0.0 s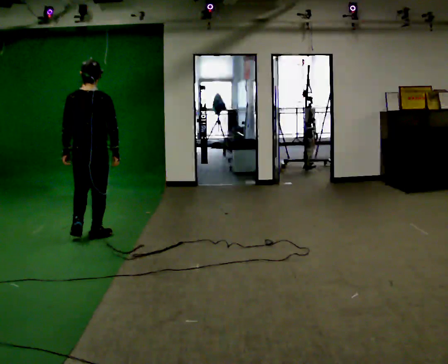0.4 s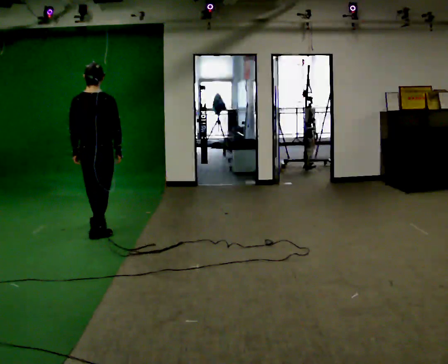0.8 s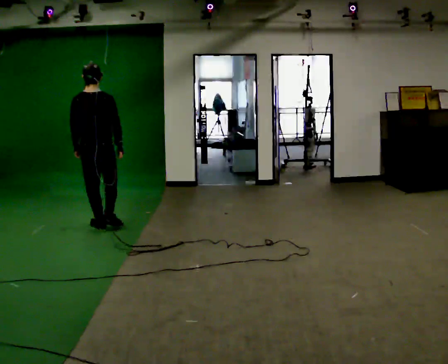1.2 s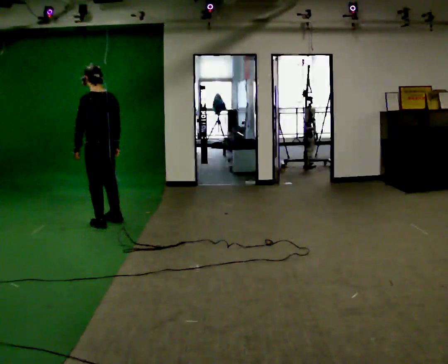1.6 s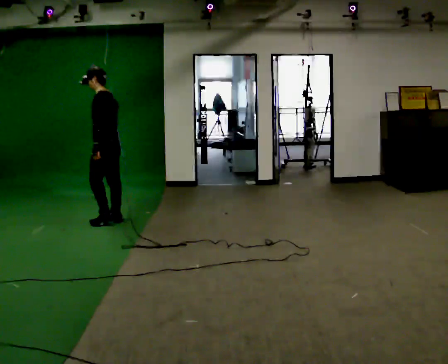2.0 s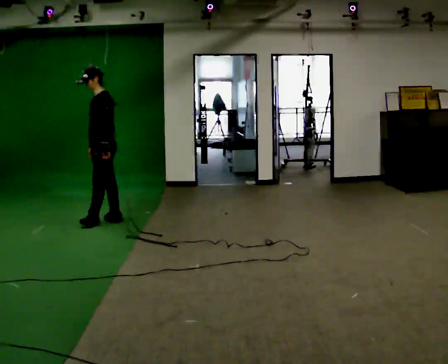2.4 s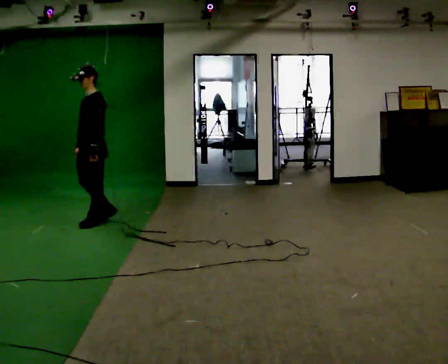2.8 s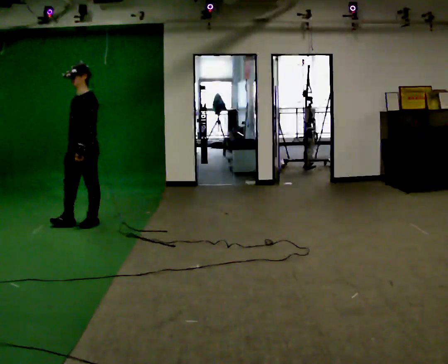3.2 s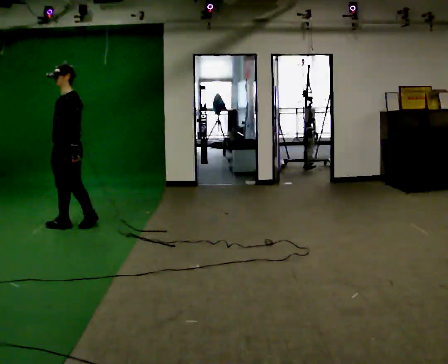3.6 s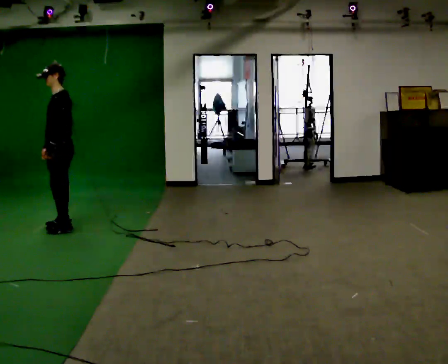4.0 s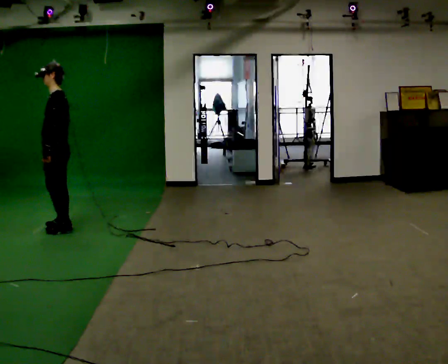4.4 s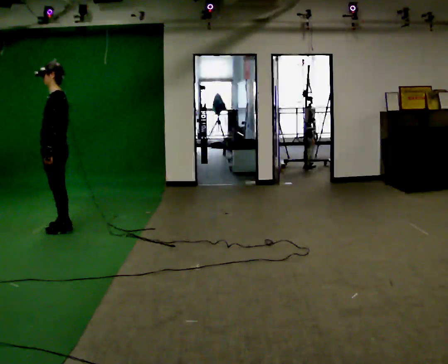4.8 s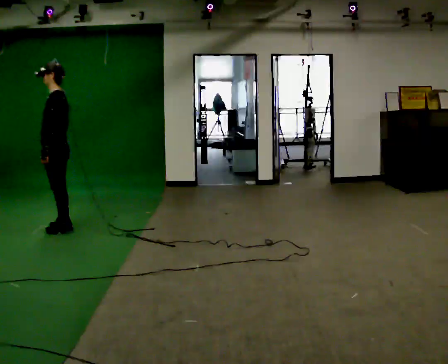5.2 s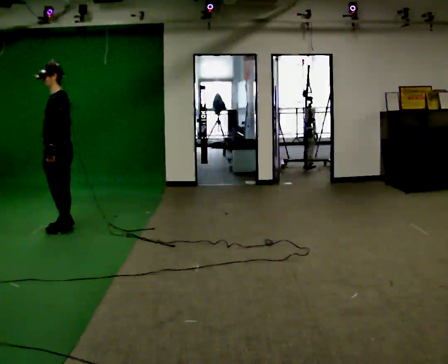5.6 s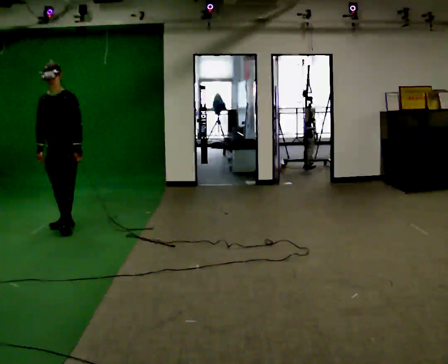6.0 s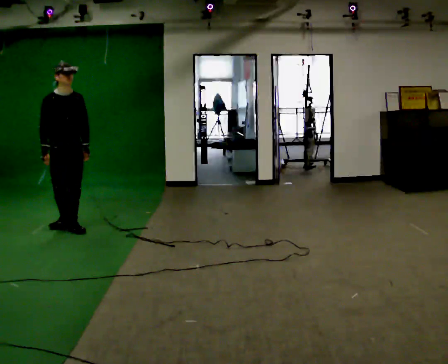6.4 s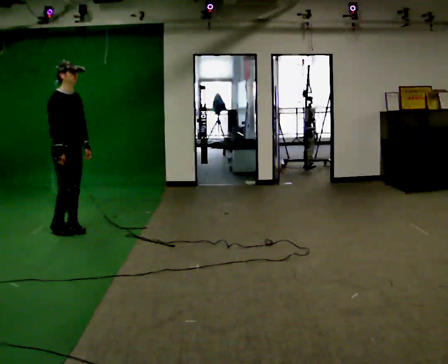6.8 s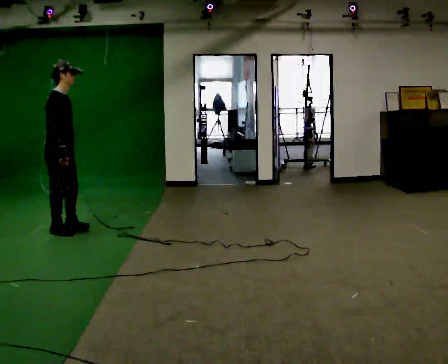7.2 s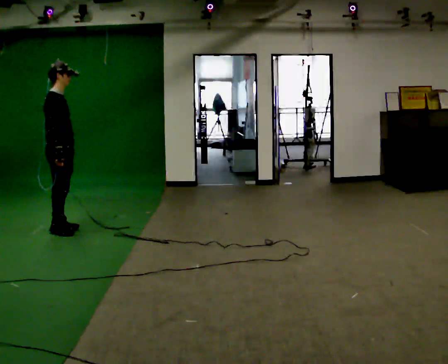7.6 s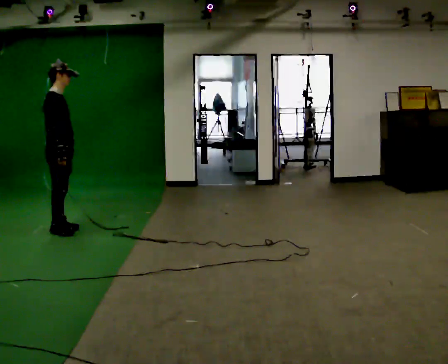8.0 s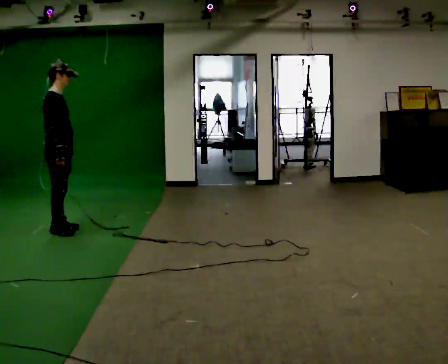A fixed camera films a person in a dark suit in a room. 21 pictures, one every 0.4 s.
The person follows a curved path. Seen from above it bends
counterclockwise.
0.0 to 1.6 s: Seen from above the body turns counterclockwise, about 75 degrees: to their left, with its near side sliding to the right. In the picture they go away from the camera, about 0.75 m in 2 steps.
1.6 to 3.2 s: The part of the body nearest the lens slides to the right as the person turns to their left by about 45 degrees. In the picture they go to the left and toward the camera, about 0.5 m in 2 steps, which for them is forward.
3.2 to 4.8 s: Seen from above the body turns clockwise, about 30 degrees: to their right, with its near side sliding to the left. In the picture they go toward the camera, about 0.25 m in 1 step, which for them is to their left.
4.8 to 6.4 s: The part of the body nearest the lens slides to the right as the person turns to their left by about 150 degrees. In the picture their left hand goes to the right.
6.4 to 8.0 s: The person turns about 30 degrees to their left, counterclockwise seen from above, so the part of the body nearest the lens slides to the right.
The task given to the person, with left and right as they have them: Walk through 3–5 turns in sequence; keep moving; stop at end.
The film runs forward here.
